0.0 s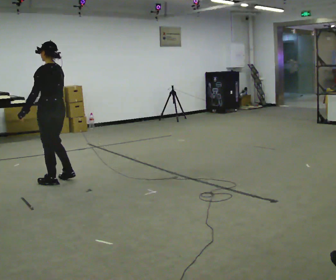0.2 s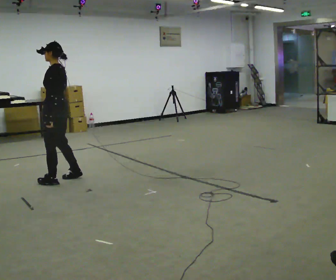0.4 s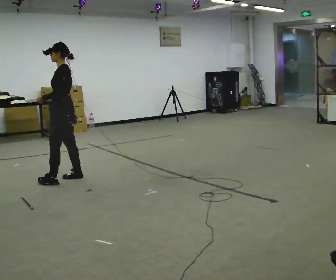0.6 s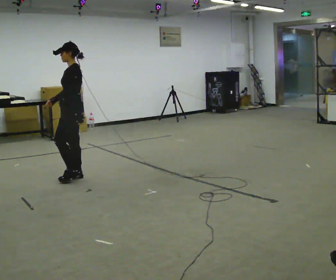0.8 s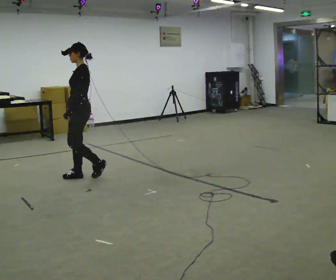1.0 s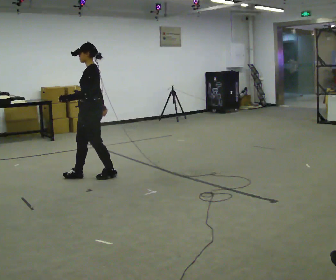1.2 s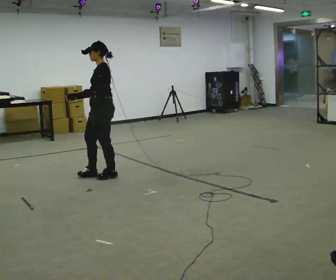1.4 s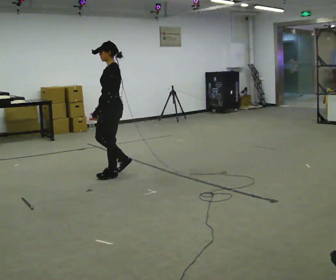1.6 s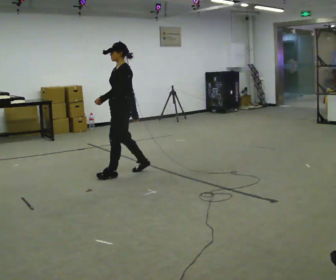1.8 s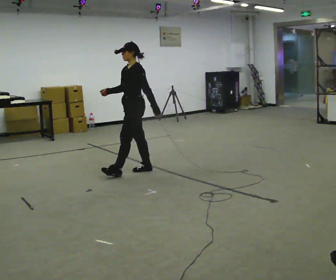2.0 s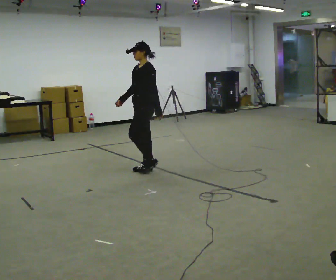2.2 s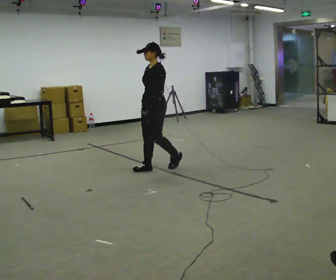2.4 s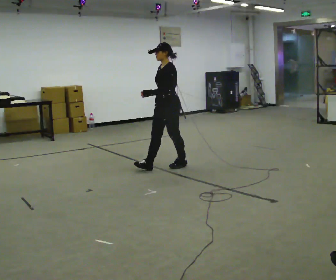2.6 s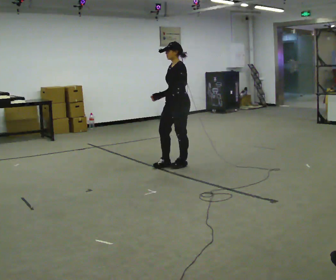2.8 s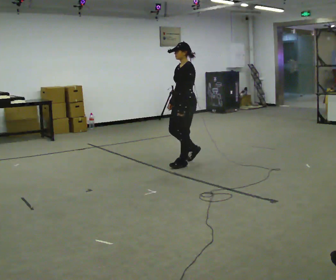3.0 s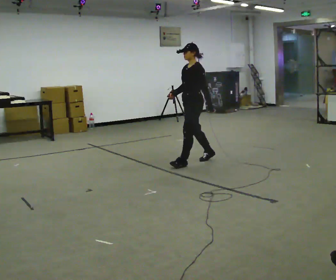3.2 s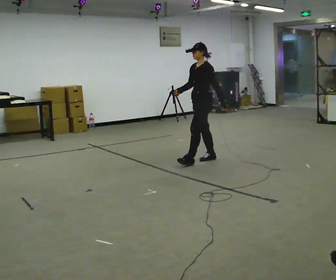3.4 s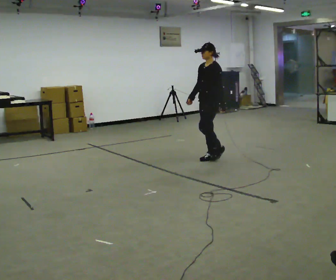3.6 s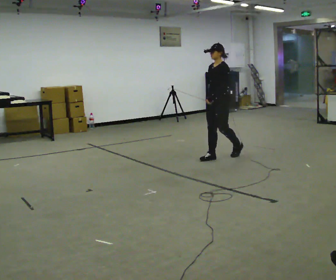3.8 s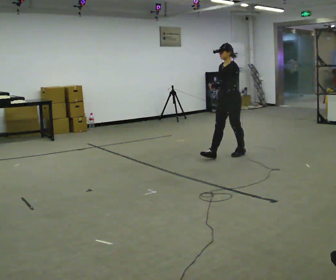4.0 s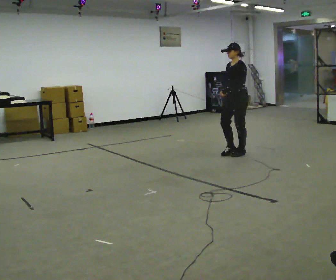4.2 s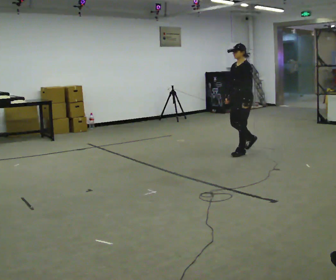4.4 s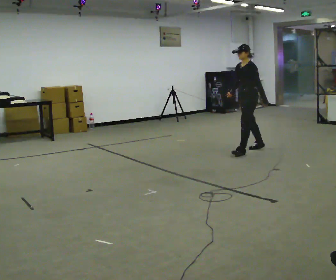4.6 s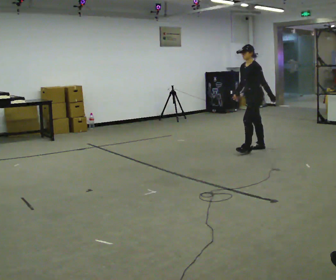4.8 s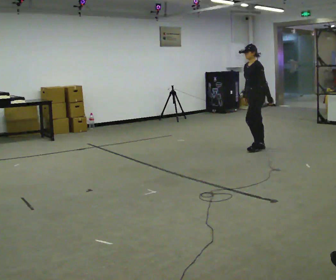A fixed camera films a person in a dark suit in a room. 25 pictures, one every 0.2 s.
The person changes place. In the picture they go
to the right.
0.0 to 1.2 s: Seen from above the body turns counterclockwise, about 30 degrees: to their left, with its near side sliding to the right. In the picture they go to the right and away from the camera, about 0.5 m in 2 steps, which for them is backward.
1.2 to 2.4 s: In the picture they go to the right and away from the camera, about 1 m in 2 steps, which for them is backward.
2.4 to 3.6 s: In the picture they go to the right and away from the camera, about 1 m in 1 step, which for them is backward.
3.6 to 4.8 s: In the picture they go to the right and away from the camera, about 0.5 m in 2 steps, which for them is backward.
The film runs backward here.
